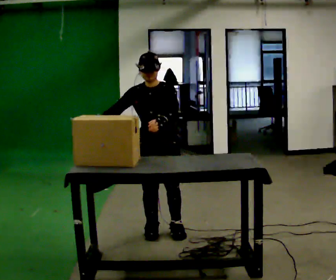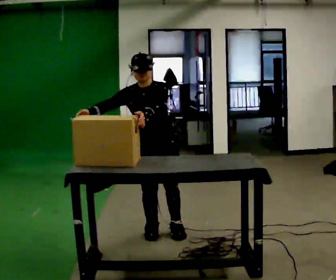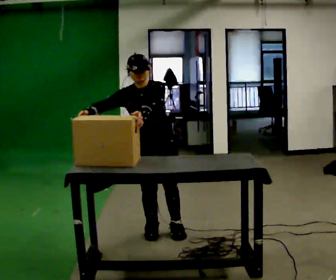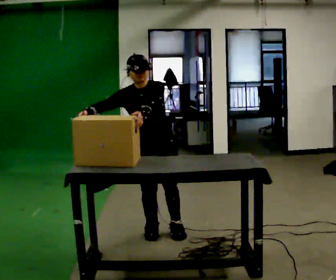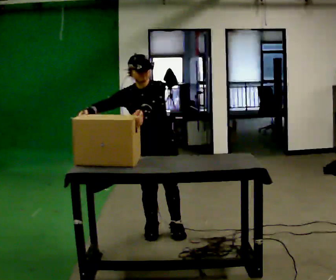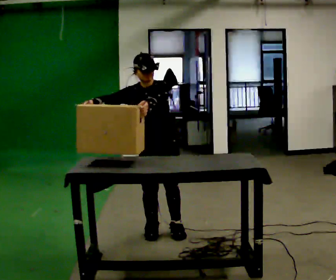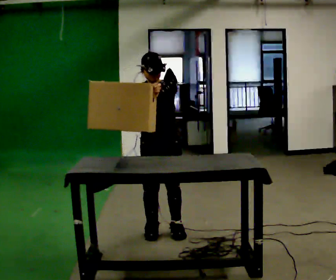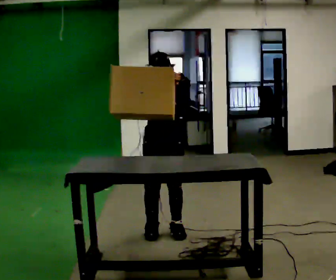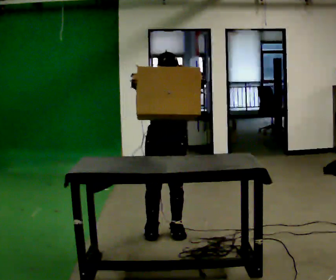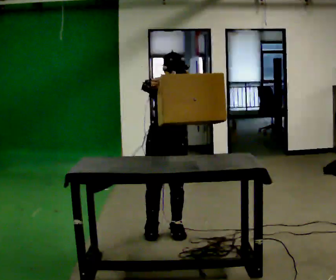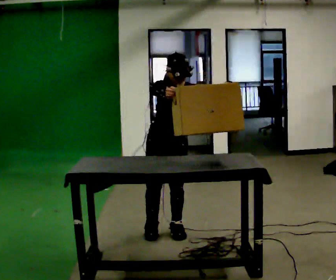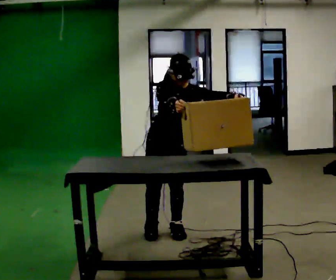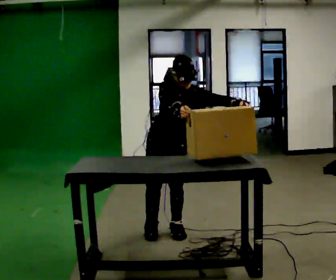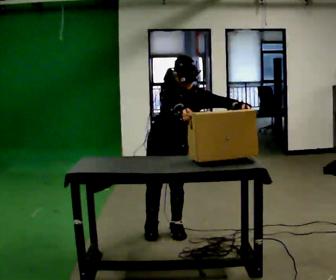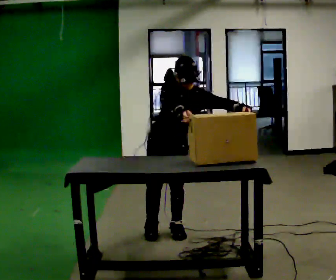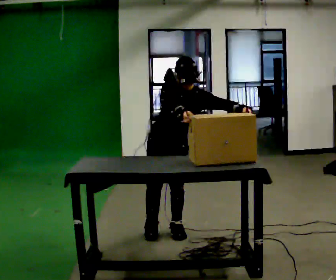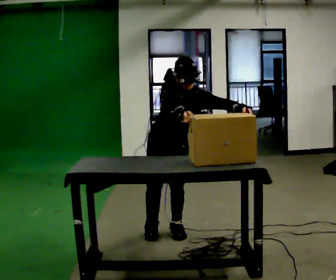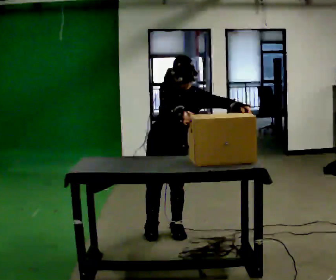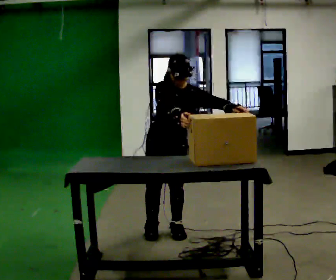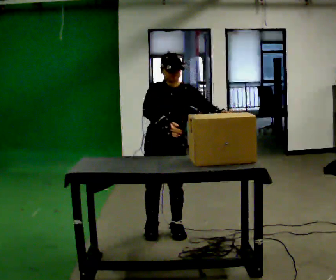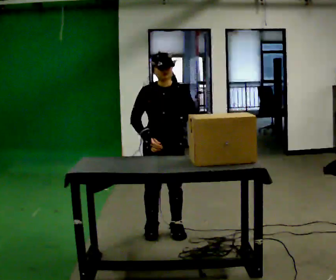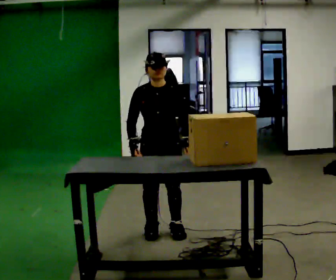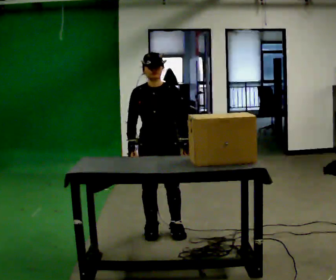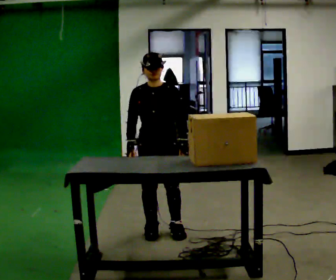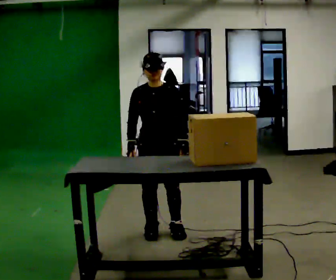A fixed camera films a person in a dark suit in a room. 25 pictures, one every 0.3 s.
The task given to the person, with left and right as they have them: Lift the heavy object with both hands and set it down again in a different spot on the same surface. Repeat at your own pace until the operator says stop. Keep both feet on the marked spots for the whole take. If you have to step, stop and tell the operator.
0.0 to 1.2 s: The person moves a little, or ends about where they began.
1.2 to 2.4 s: In the picture the upper body tilts clockwise, shoulders to the right. In the picture their left hand goes to the right.
2.4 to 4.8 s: In the picture their right hand goes to the right.
4.8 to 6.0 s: In the picture the upper body tilts counterclockwise, shoulders to the left. In the picture their left hand goes to the left.
6.0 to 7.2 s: The person moves a little, or ends about where they began.
The film runs forward here.
